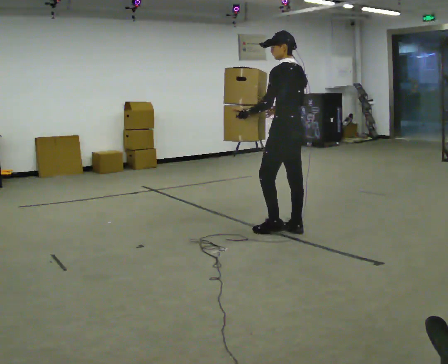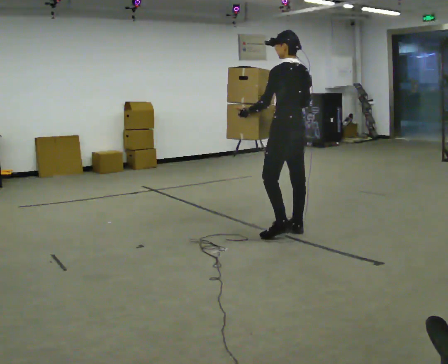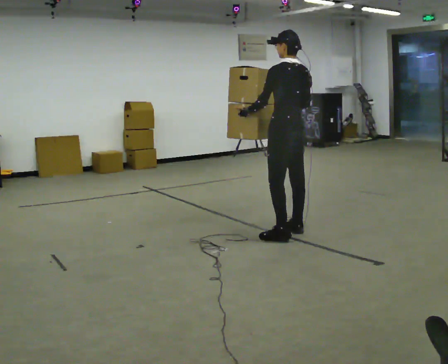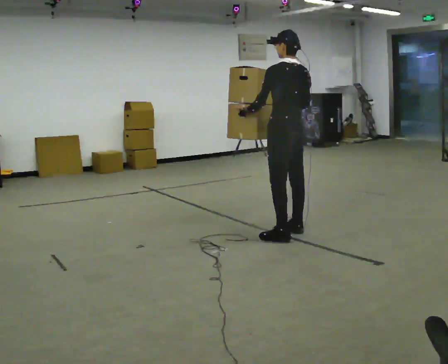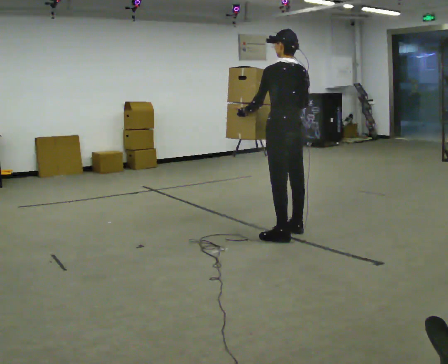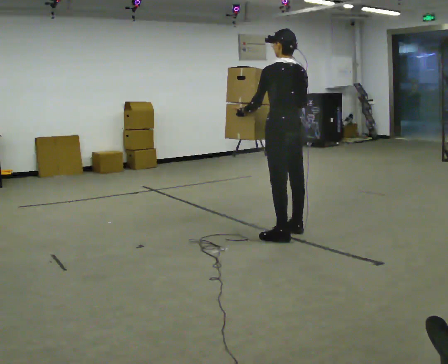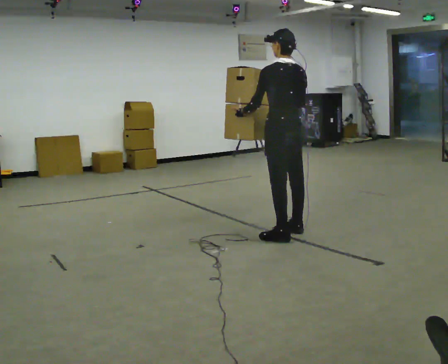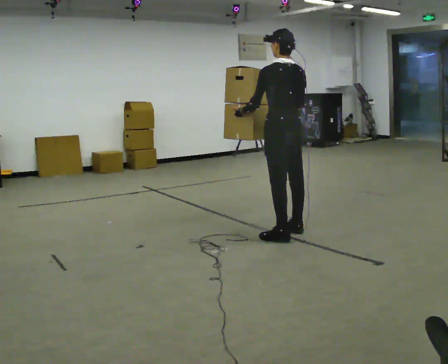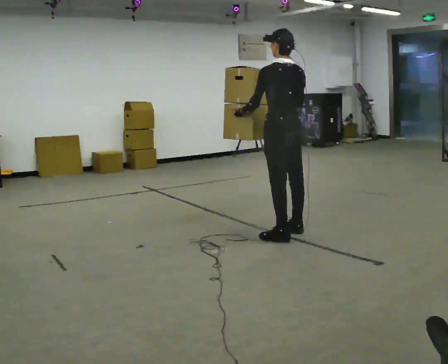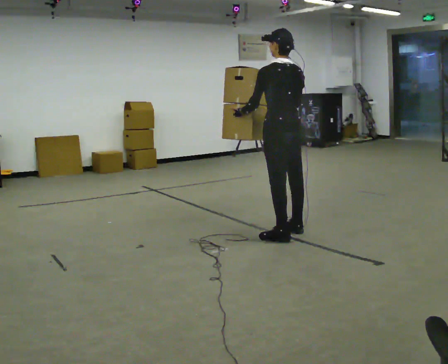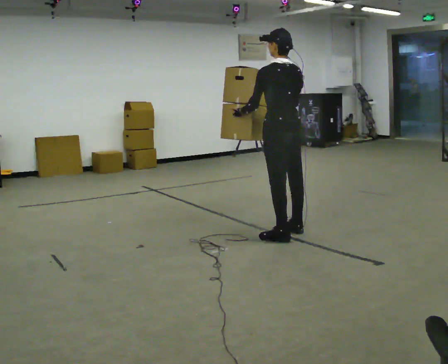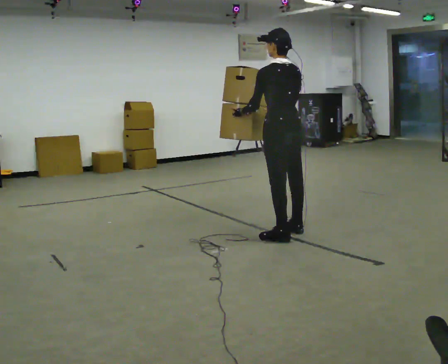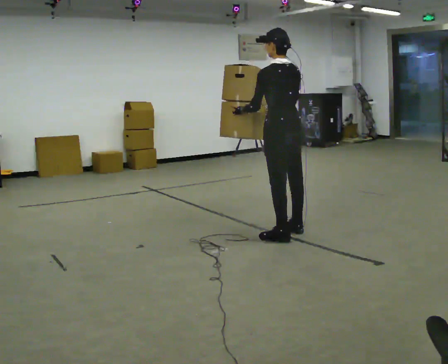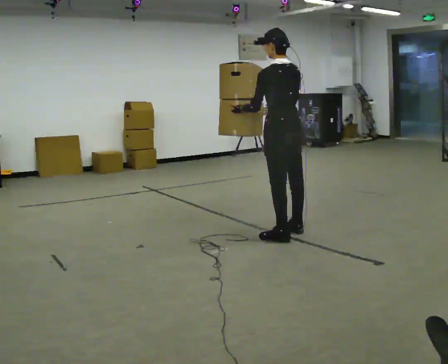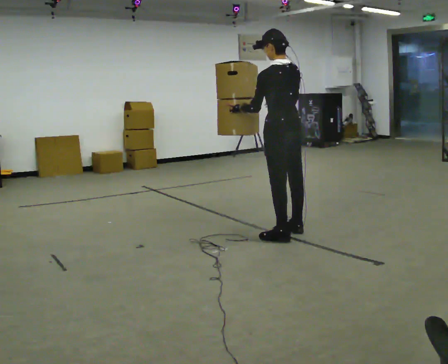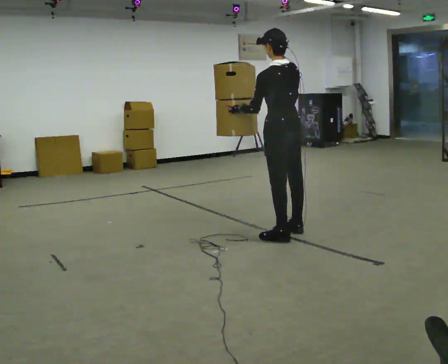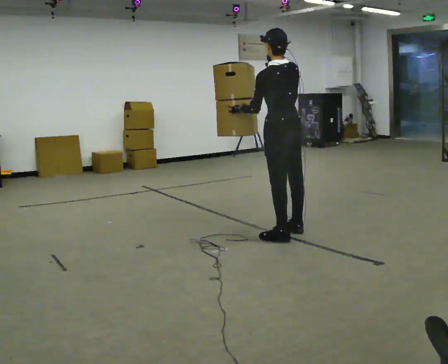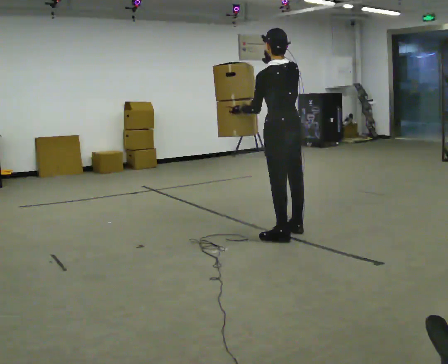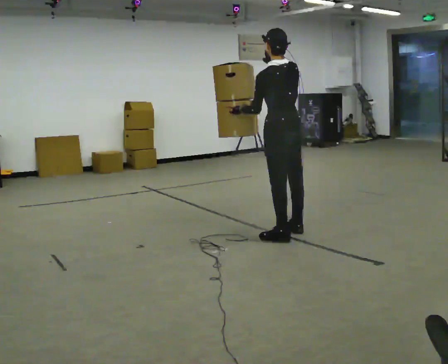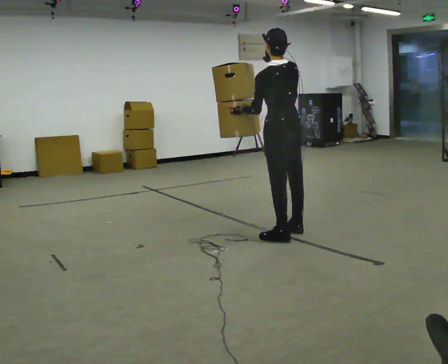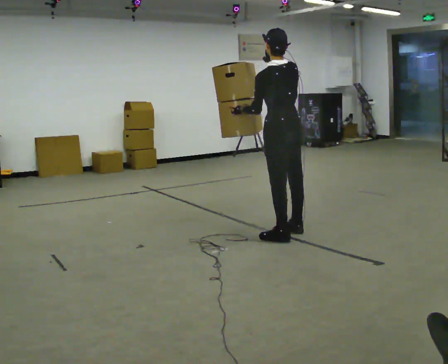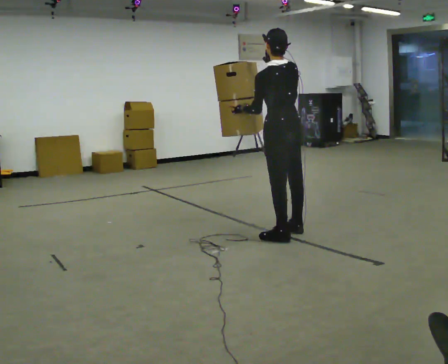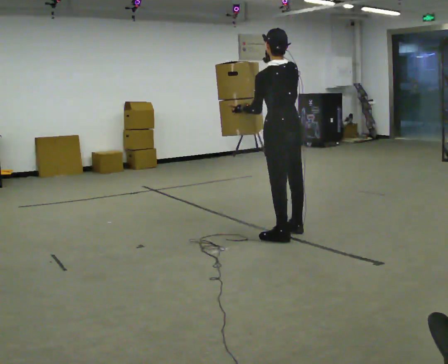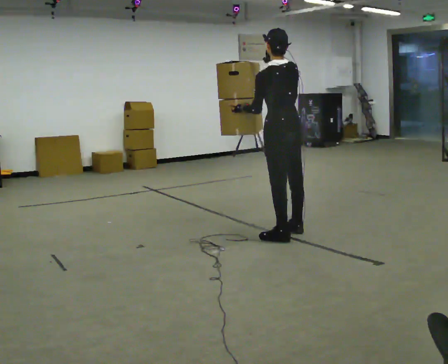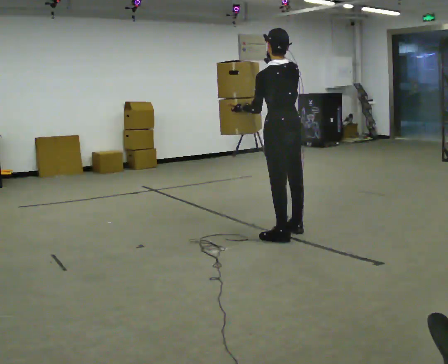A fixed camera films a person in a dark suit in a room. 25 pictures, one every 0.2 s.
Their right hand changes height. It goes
upward.
0.0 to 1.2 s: The part of the body nearest the lens slides to the left as the person turns to their right by about 30 degrees.
1.2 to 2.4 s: The person moves a little, or ends about where they began.
2.4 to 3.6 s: In the picture their right hand goes upward.
3.6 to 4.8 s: The person keeps their place and pose.
The film runs backward here.
